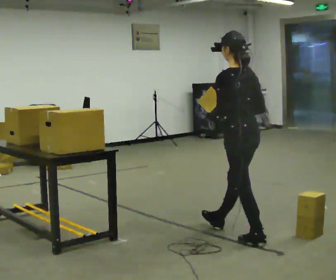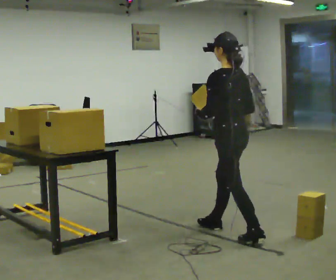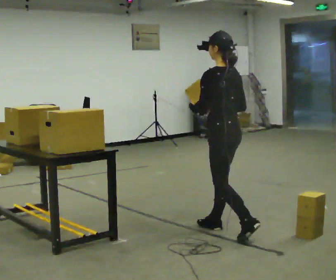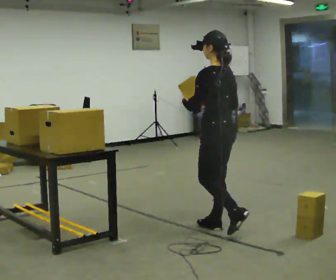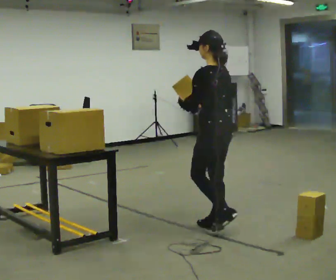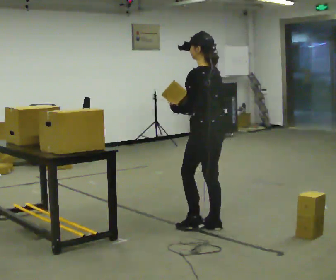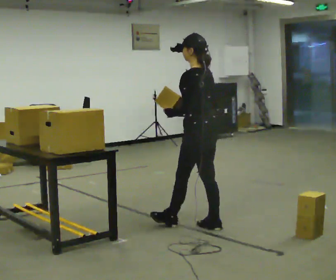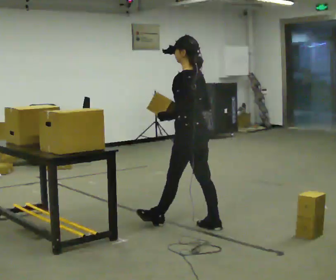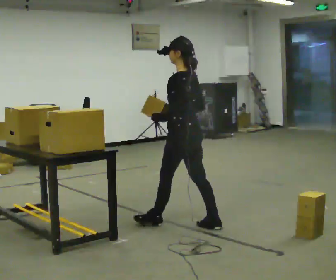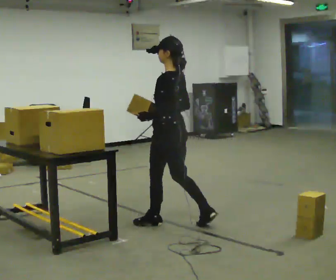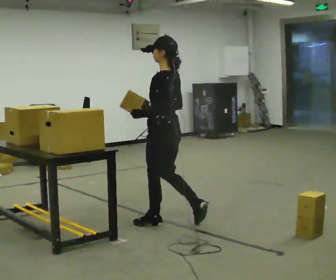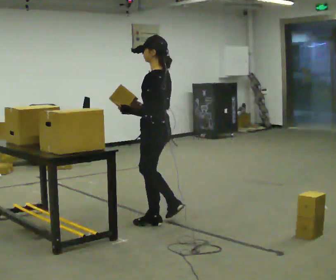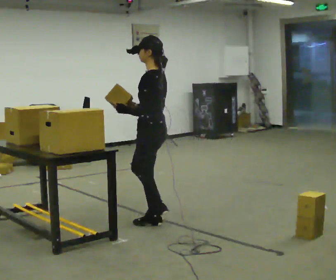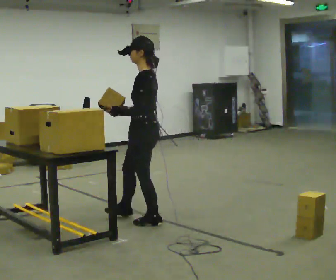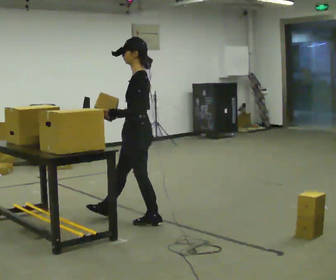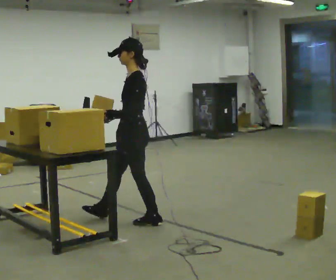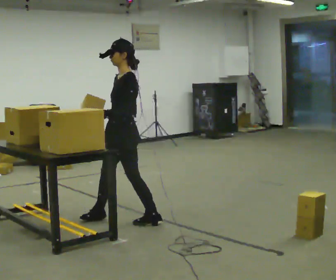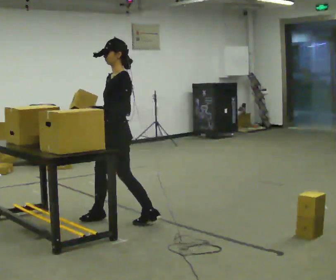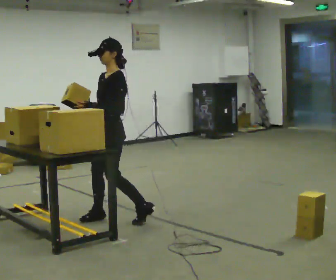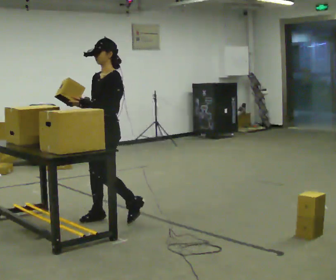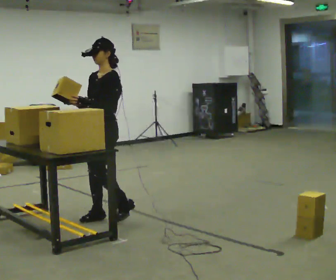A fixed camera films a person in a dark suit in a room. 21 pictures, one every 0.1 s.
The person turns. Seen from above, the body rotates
counterclockwise.
The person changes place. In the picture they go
to the left.
0.0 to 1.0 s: In the picture they go to the left and away from the camera, about 0.5 m in 2 steps, which for them is forward.
1.0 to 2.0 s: Seen from above the body turns counterclockwise, about 75 degrees: to their left, with its near side sliding to the right. In the picture they go to the left, about 0.5 m in 1 step.
The film runs forward here.
